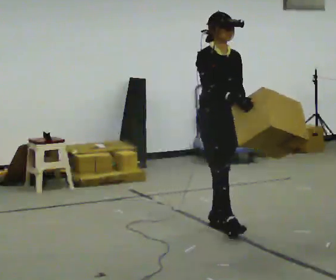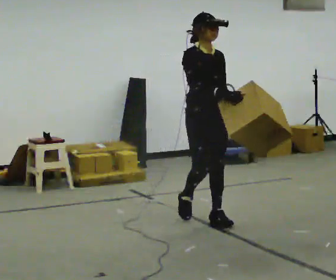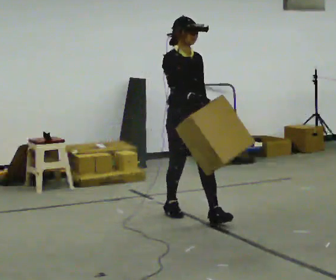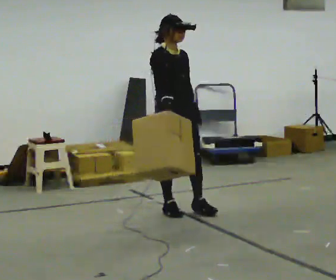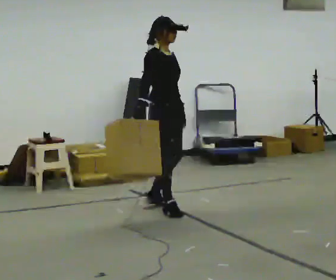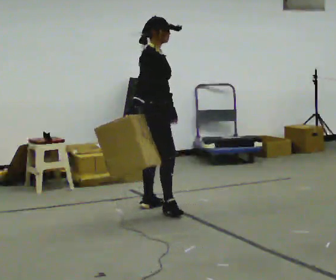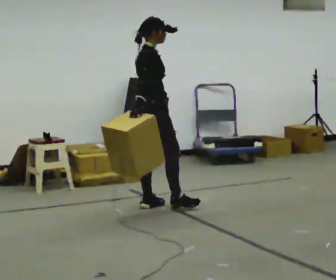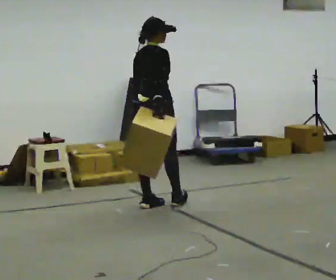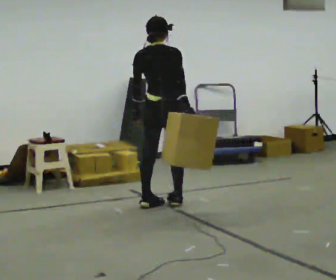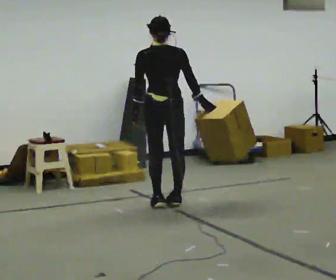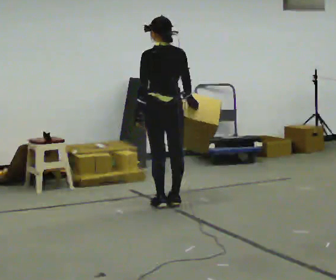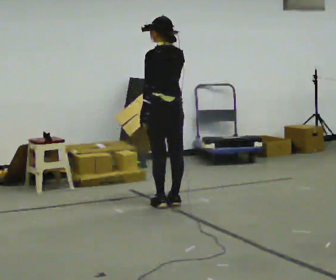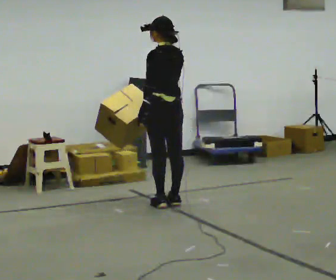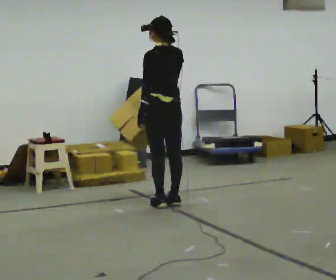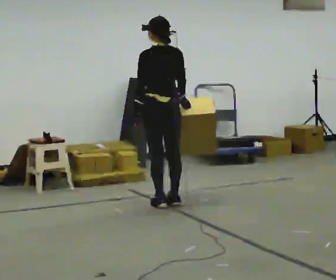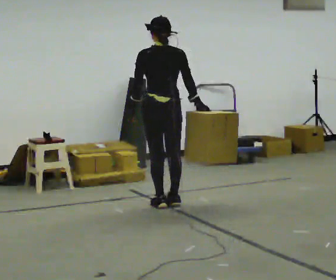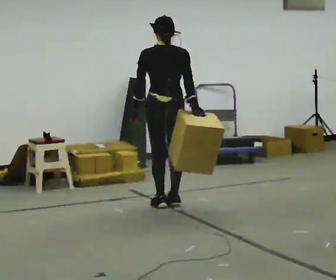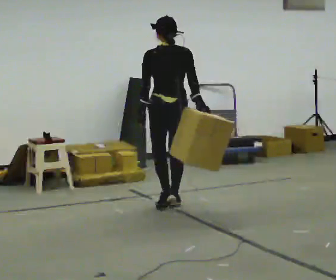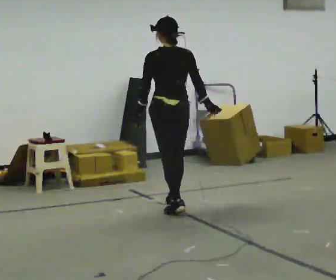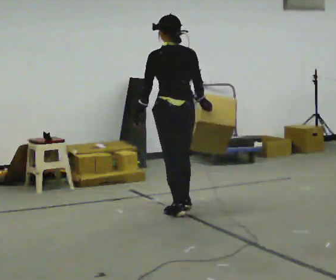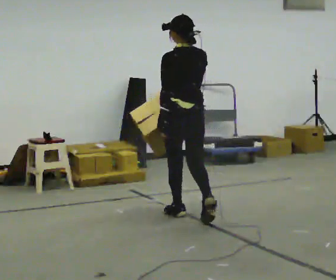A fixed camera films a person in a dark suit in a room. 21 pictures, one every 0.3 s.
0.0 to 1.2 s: The part of the body nearest the lens slides to the right as the person turns to their left by about 30 degrees. In the picture they go away from the camera and to the left, about 0.75 m in 1 step, which for them is backward.
1.2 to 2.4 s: The part of the body nearest the lens slides to the right as the person turns to their left by about 90 degrees. In the picture they go away from the camera, about 0.25 m in 1 step.
2.4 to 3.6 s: The person turns about 60 degrees to their left, counterclockwise seen from above, so the part of the body nearest the lens slides to the right.
3.6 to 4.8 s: Seen from above the body turns clockwise, about 30 degrees: to their right, with its near side sliding to the left. In the picture their right hand goes to the right, the arm swinging counterclockwise.
4.8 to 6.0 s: In the picture they go toward the camera, about 0.5 m in 2 steps, which for them is backward.
The film runs backward here.
